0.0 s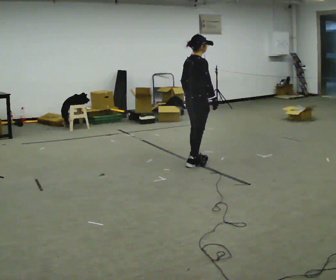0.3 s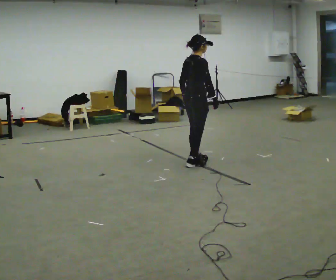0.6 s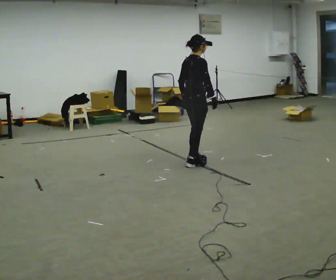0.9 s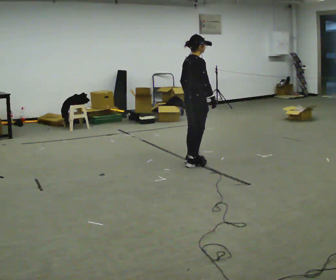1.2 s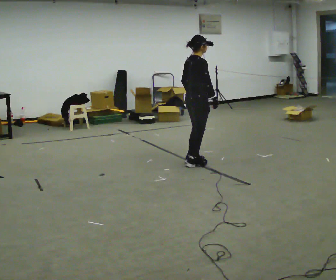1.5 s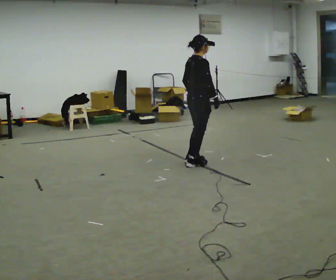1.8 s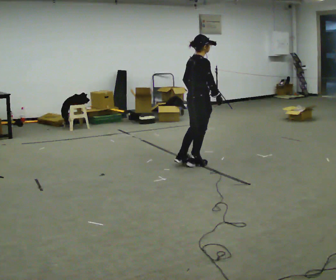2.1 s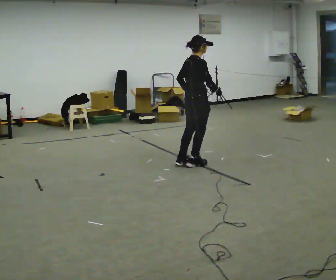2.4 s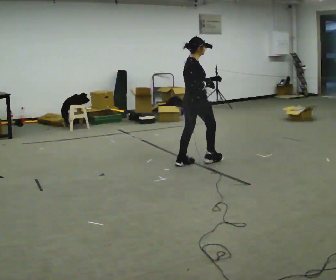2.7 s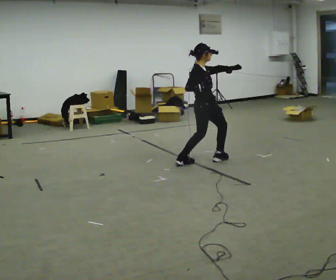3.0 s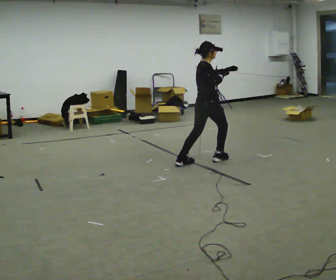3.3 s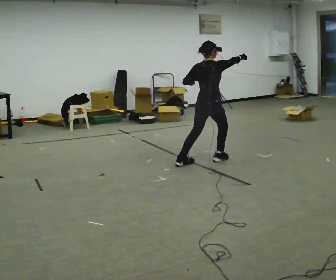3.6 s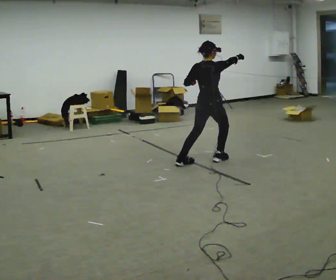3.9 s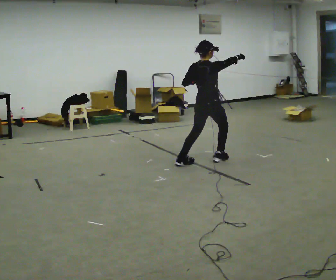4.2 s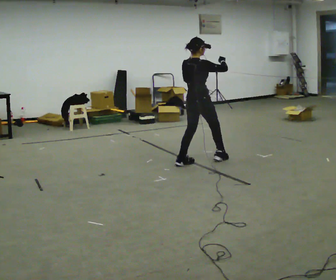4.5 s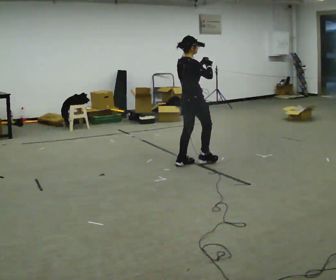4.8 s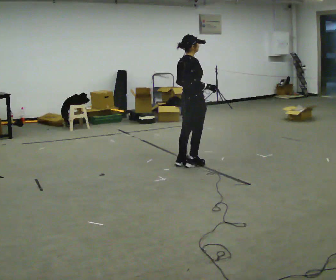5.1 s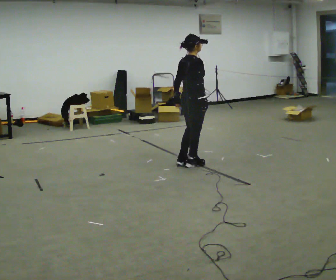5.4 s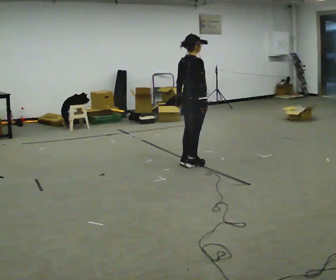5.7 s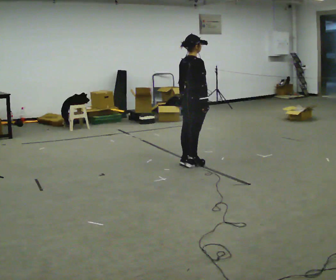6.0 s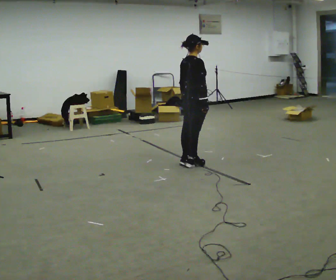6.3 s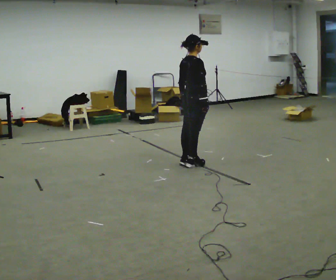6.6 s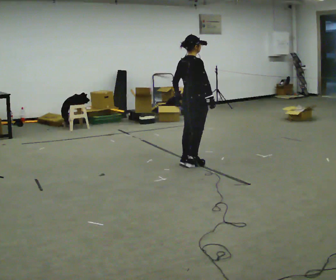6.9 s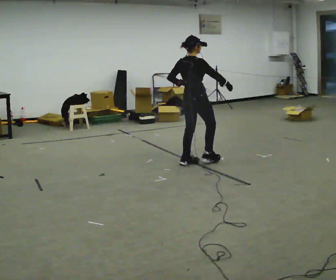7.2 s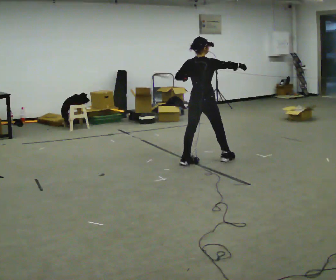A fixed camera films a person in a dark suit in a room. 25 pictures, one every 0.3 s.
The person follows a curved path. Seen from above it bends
counterclockwise.
0.0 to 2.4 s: In the picture their left hand goes to the right.
2.4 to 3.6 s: In the picture they go to the right, about 0.25 m in 1 step, which for them is forward. In the picture their right hand goes to the right.
3.6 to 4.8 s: In the picture they go to the left, about 0.25 m in 1 step, which for them is backward. In the picture their right hand goes to the left and downward.
4.8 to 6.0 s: The person moves a little, or ends about where they began.
6.0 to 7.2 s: The part of the body nearest the lens slides to the right as the person turns to their left by about 30 degrees. In the picture their right hand goes to the right and upward, the arm swinging counterclockwise.
The film runs forward here.
